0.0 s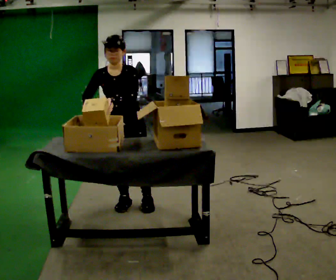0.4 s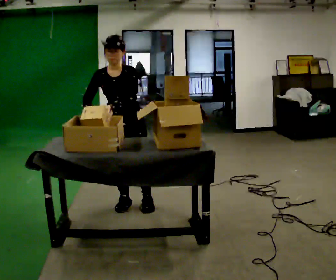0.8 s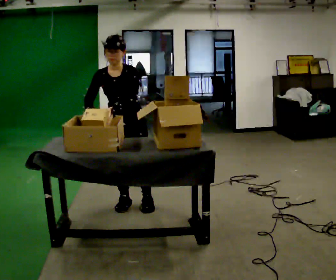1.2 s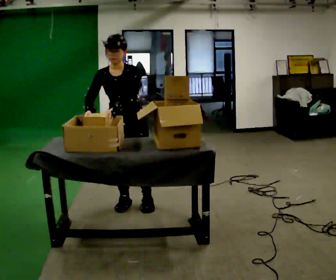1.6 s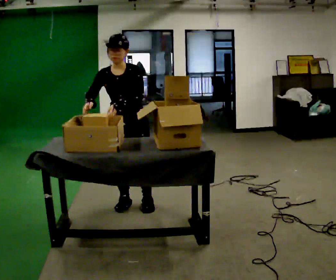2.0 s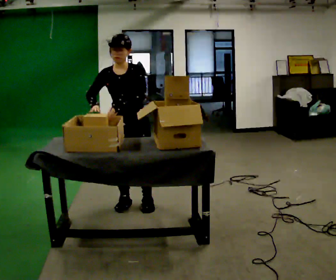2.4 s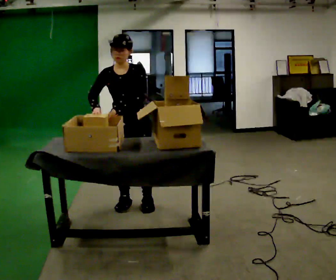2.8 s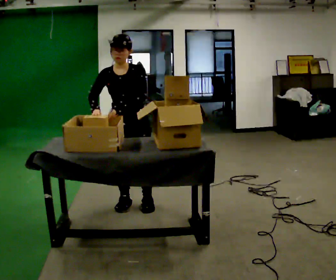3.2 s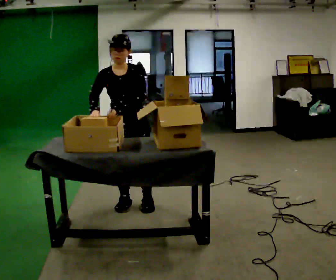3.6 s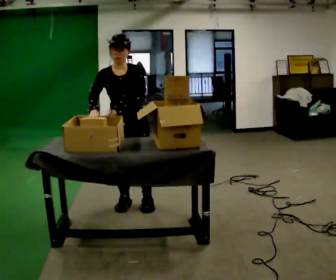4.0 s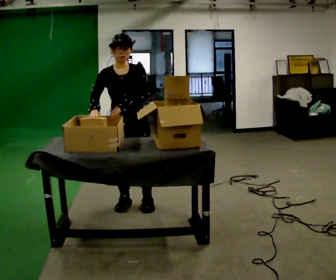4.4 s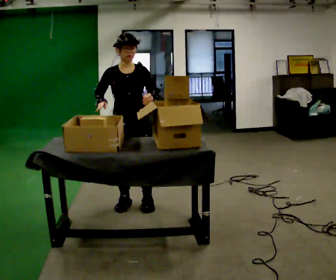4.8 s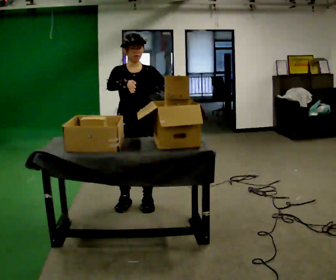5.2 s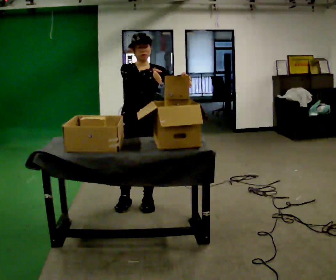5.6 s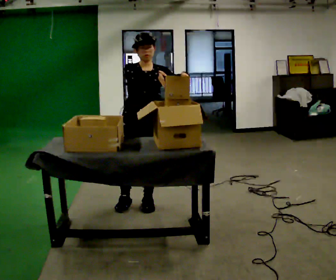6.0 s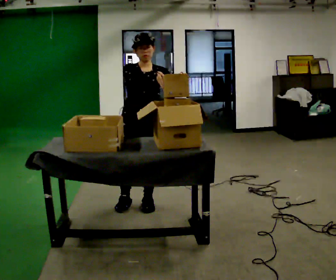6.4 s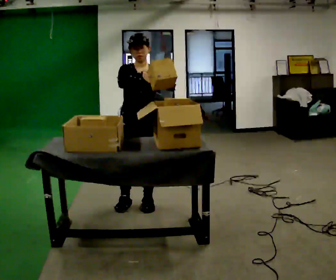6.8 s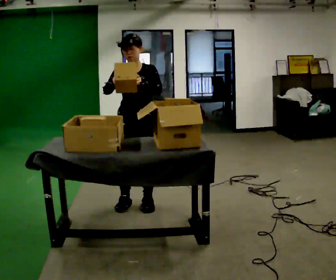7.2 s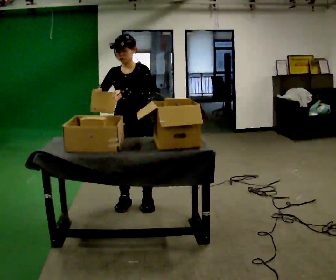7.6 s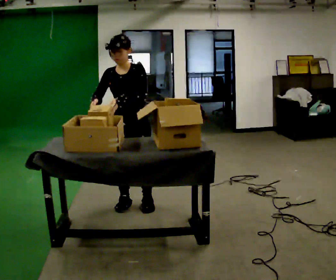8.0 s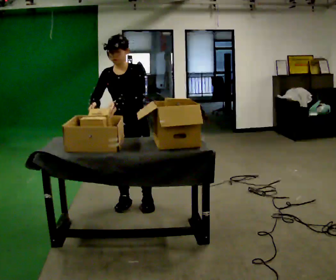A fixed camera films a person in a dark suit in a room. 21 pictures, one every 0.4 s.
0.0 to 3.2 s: The person moves a little, or ends about where they began.
3.2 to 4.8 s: In the picture their left hand goes to the right.
4.8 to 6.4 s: The person moves a little, or ends about where they began.
6.4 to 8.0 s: In the picture their right hand goes to the left.
The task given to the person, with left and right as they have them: 1. Move everything from the second bin into the first bin. 2. Carry the empty bin to the shelf. 3. Carry the full bin to the table. 4. Tell the operator when you are finished.
The film runs forward here.
